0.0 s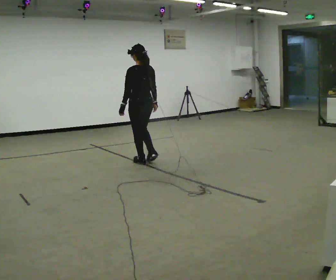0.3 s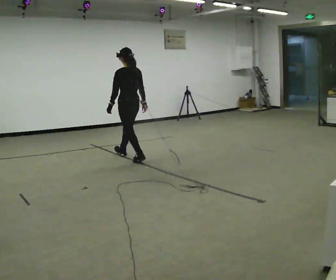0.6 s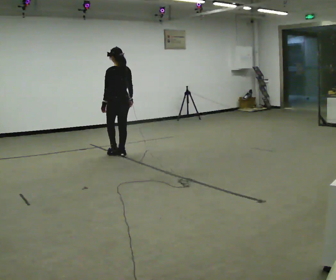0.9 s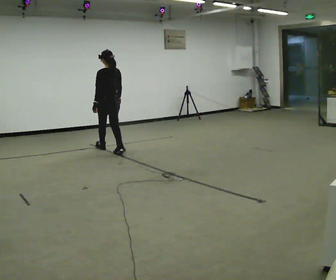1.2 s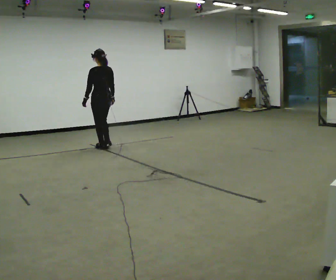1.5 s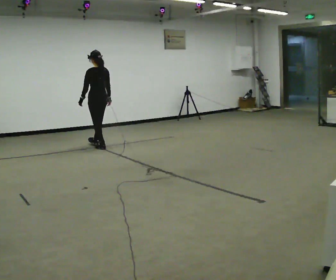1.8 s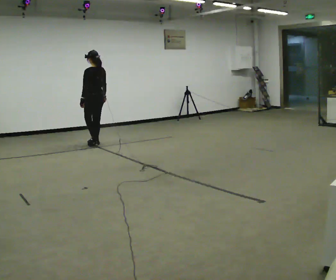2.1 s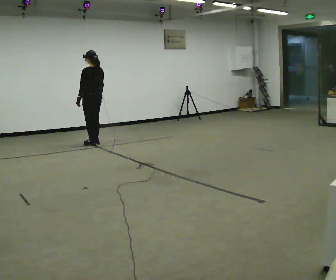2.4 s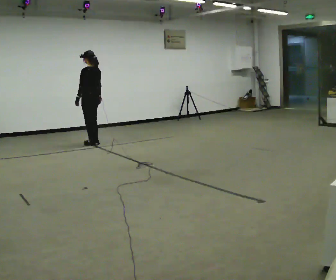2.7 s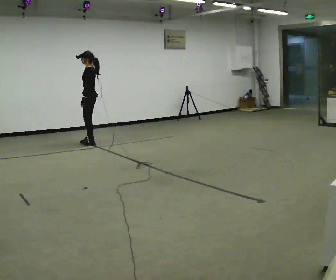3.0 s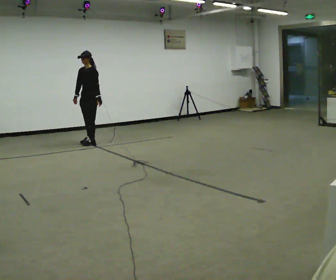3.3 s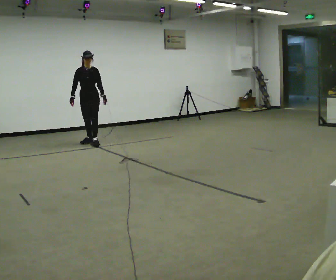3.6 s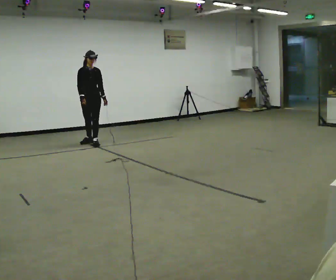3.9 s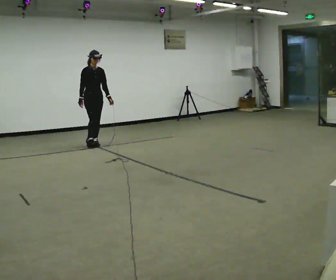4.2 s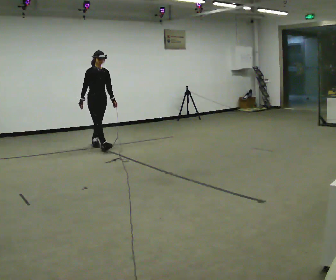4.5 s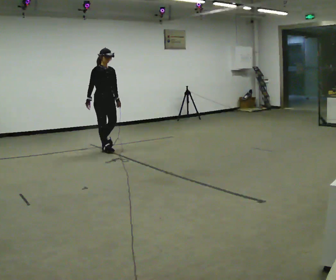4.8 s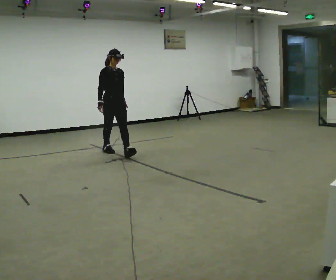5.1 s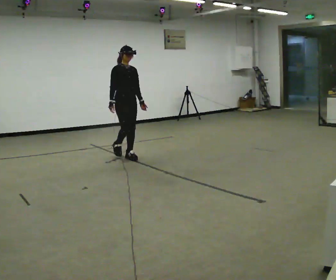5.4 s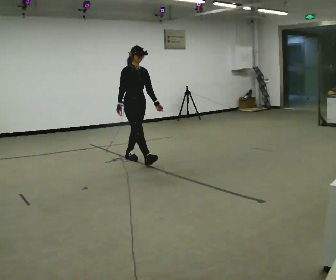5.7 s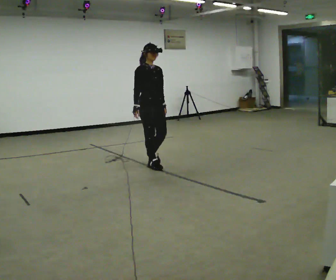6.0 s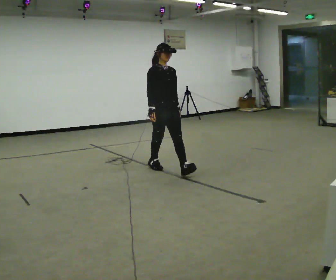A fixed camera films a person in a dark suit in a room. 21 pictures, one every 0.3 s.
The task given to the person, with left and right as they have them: Walk forward with your feet closer together than normal, or further apart than normal, as the operator states; stop.
0.0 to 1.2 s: In the picture they go away from the camera and to the left, about 1 m in 2 steps, which for them is forward.
1.2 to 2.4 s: In the picture they go away from the camera and to the left, about 0.5 m in 2 steps, which for them is forward.
2.4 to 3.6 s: The person turns about 135 degrees to their left, counterclockwise seen from above, so the part of the body nearest the lens slides to the right. In the picture their left hand goes to the right, the arm swinging counterclockwise.
3.6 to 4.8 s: In the picture they go toward the camera and to the right, about 1 m in 1 step, which for them is forward.
4.8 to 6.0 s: In the picture they go toward the camera and to the right, about 1.5 m in 2 steps, which for them is forward.
The film runs forward here.
